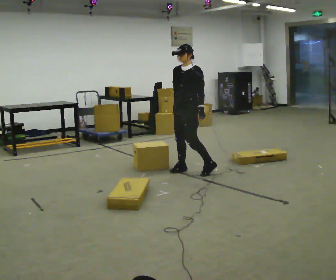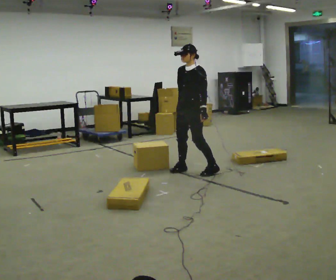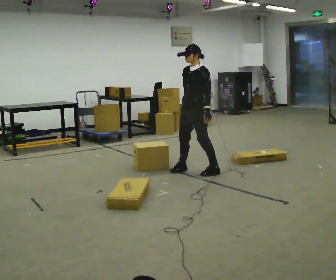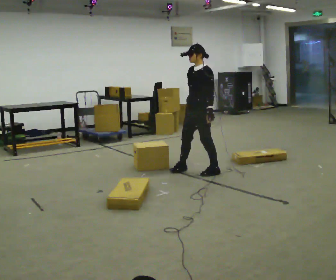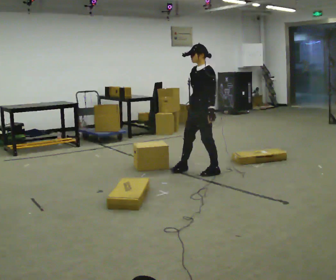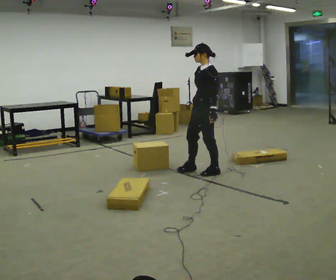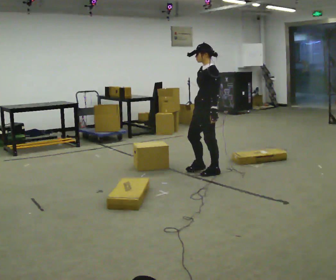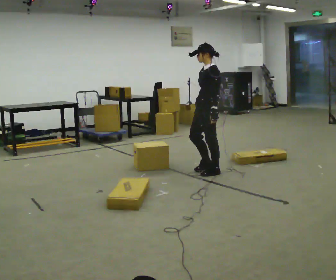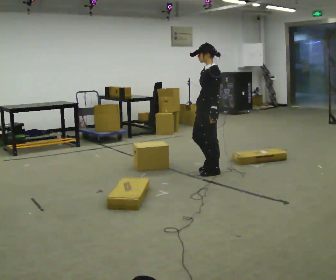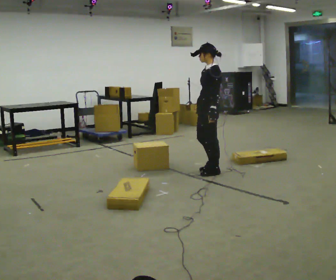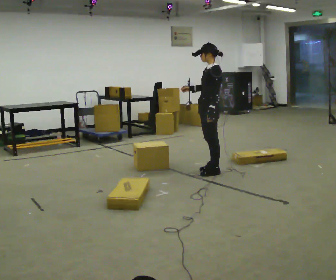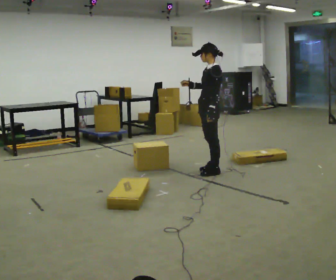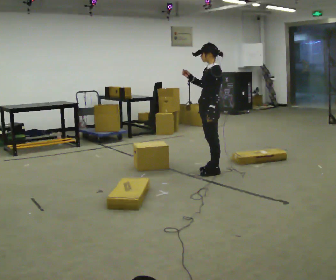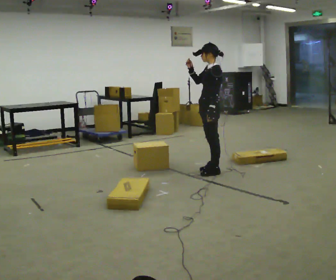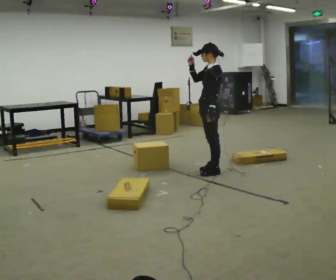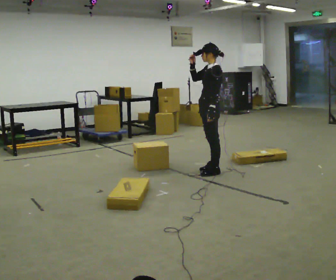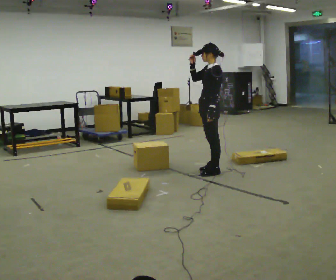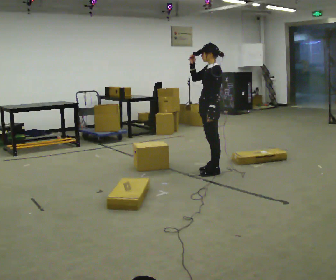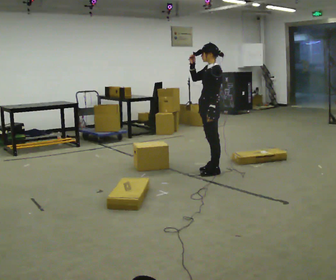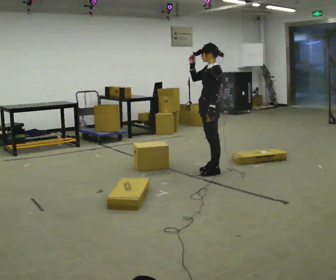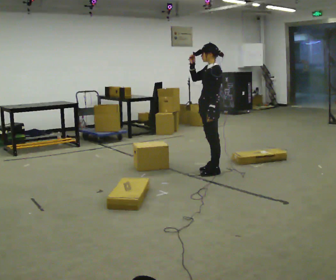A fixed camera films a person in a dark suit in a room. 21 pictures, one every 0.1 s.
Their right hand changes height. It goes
upward.
0.0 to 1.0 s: The part of the body nearest the lens slides to the left as the person turns to their right by about 45 degrees. In the picture they go to the right, about 0.25 m in 1 step, which for them is backward and to their left.
1.0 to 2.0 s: In the picture their right hand goes upward.
The film runs backward here.
